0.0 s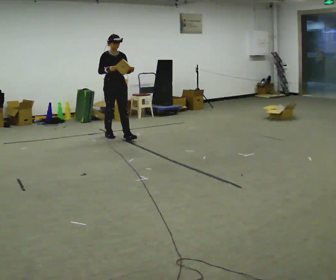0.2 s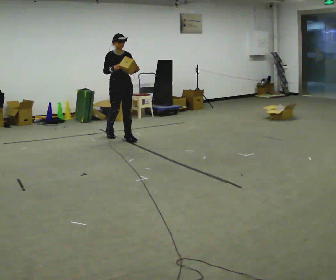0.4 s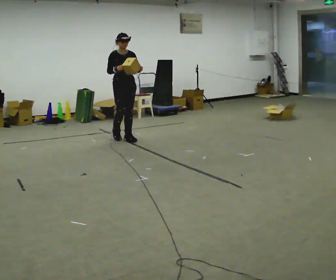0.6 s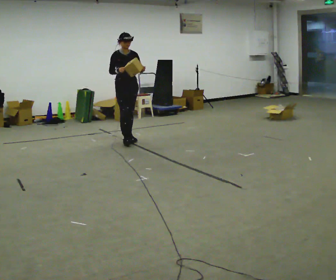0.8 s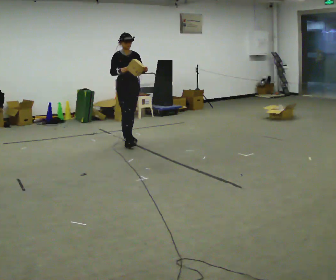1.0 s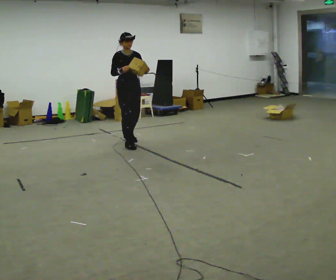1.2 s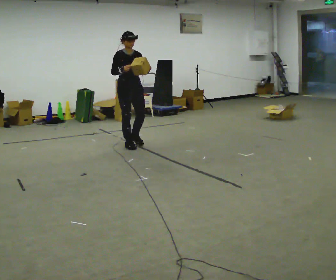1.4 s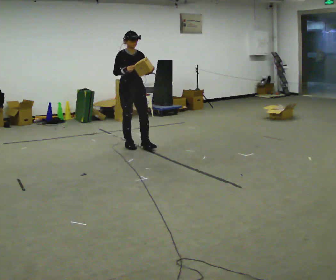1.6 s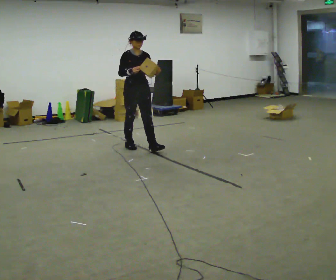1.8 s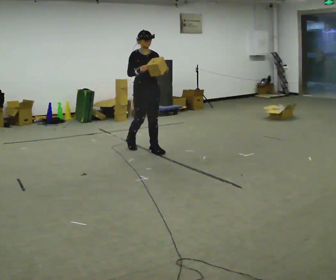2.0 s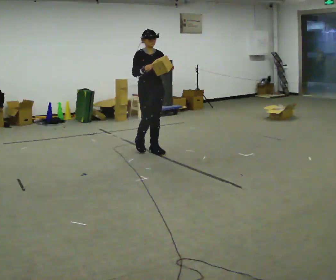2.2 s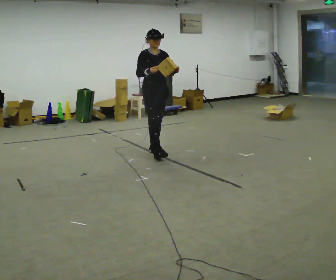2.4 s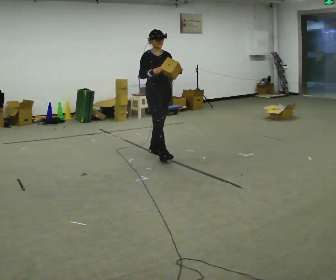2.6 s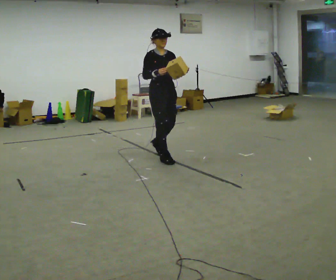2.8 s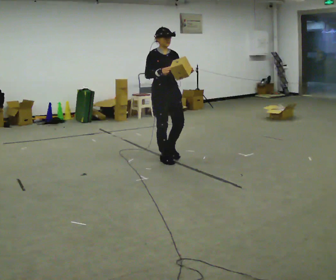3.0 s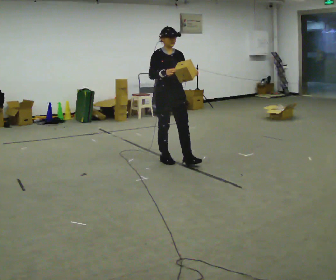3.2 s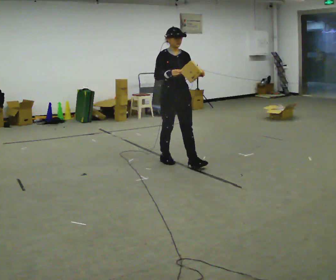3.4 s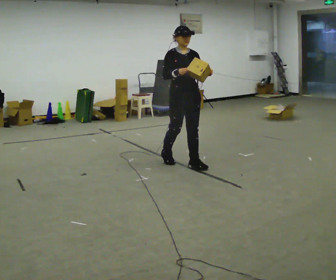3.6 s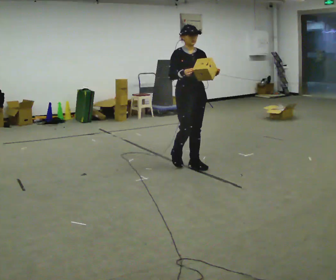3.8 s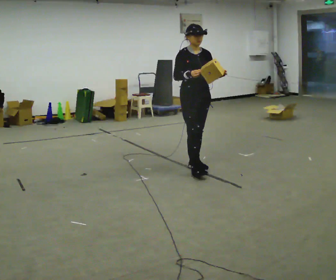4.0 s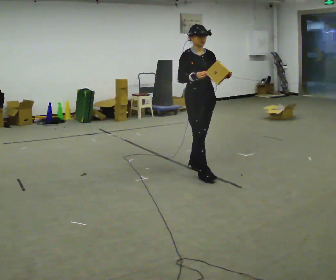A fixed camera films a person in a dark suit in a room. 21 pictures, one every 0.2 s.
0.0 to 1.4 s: In the picture they go toward the camera and to the right, about 0.75 m in 1 step, which for them is forward.
1.4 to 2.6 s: In the picture they go toward the camera and to the right, about 0.5 m in 2 steps, which for them is forward.
2.6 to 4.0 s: In the picture they go toward the camera and to the right, about 0.5 m in 2 steps, which for them is forward.
The film runs forward here.
